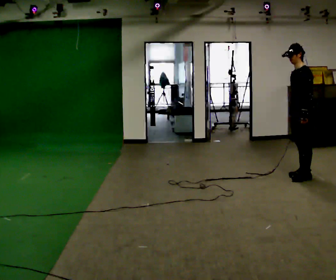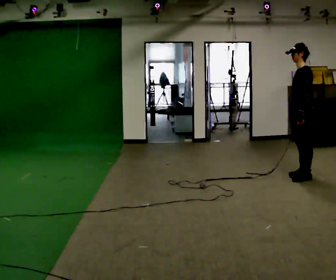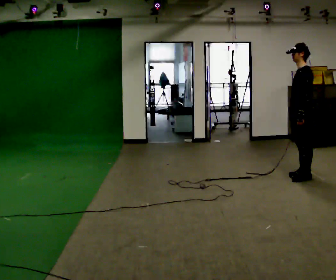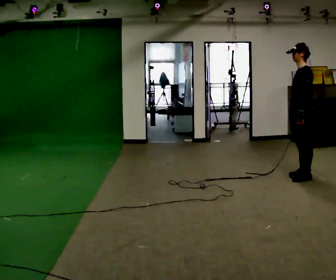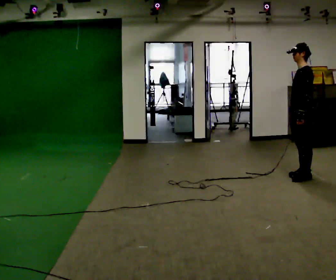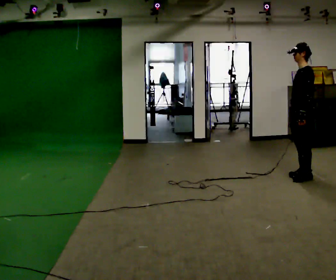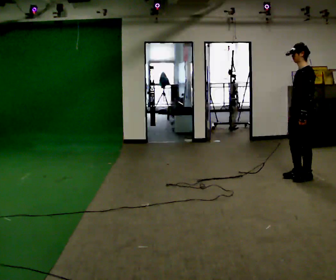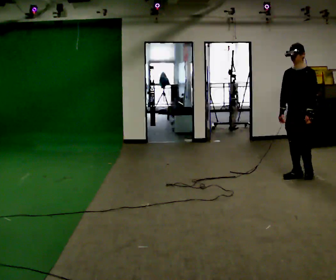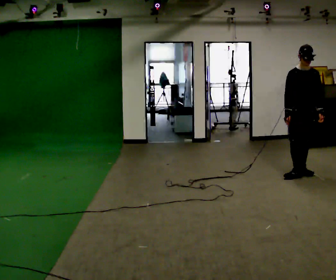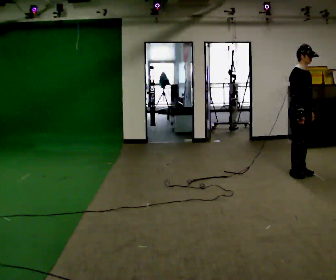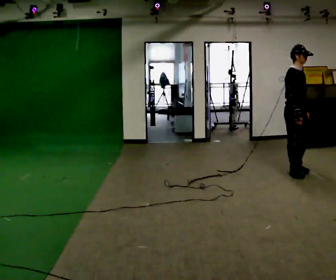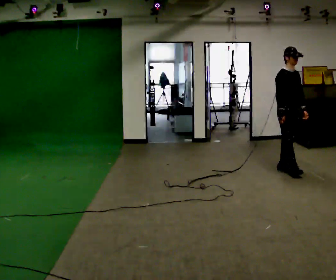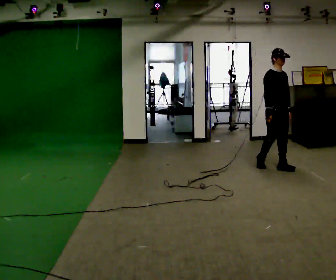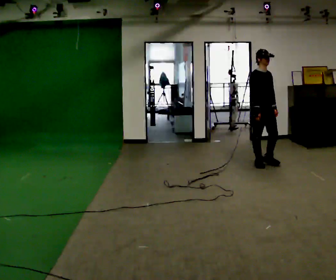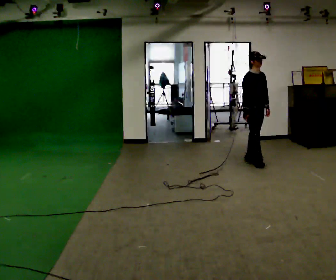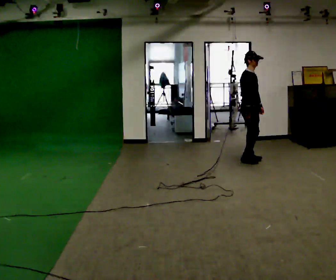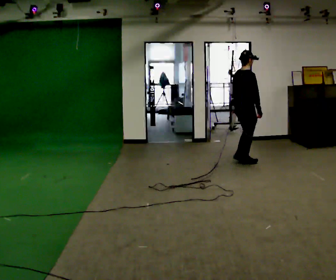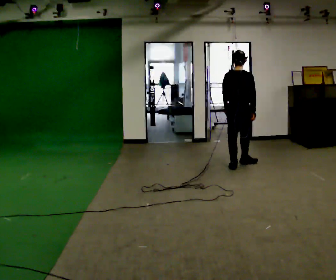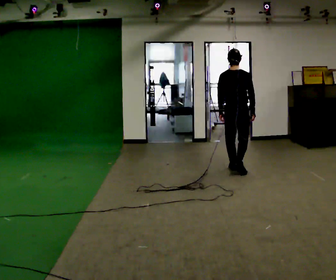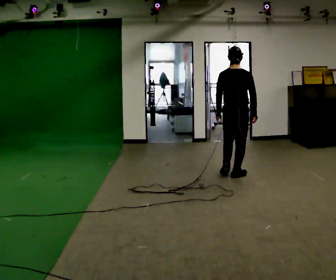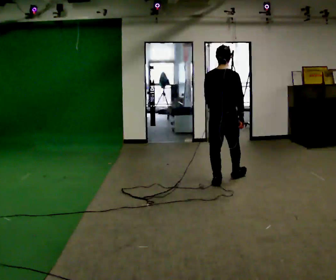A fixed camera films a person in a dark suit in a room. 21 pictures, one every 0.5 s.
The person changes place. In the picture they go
to the left.
The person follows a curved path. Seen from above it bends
counterclockwise.
0.0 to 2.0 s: The person moves a little, or ends about where they began.
2.0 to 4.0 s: The person turns about 90 degrees to their left, counterclockwise seen from above, so the part of the body nearest the lens slides to the right.
4.0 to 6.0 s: The part of the body nearest the lens slides to the right as the person turns to their left by about 30 degrees. In the picture they go away from the camera and to the left, about 0.5 m in 3 steps, which for them is backward and to their left.
6.0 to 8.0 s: The part of the body nearest the lens slides to the right as the person turns to their left by about 90 degrees. In the picture they go to the left and away from the camera, about 0.5 m in 3 steps.
8.0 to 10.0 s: Seen from above the body turns counterclockwise, about 45 degrees: to their left, with its near side sliding to the right. In the picture they go toward the camera, about 1 m in 3 steps, which for them is backward.
The film runs backward here.
